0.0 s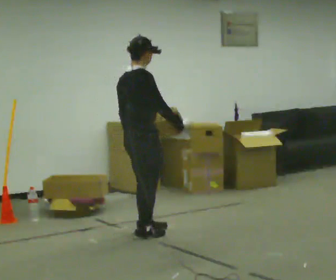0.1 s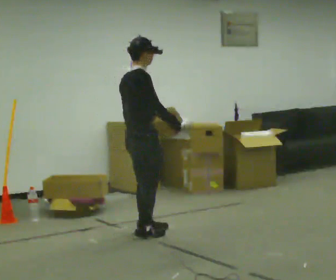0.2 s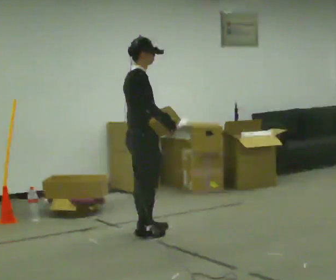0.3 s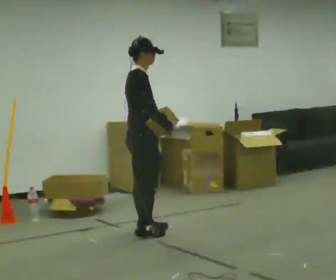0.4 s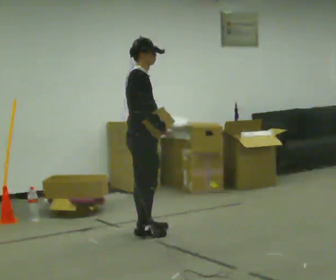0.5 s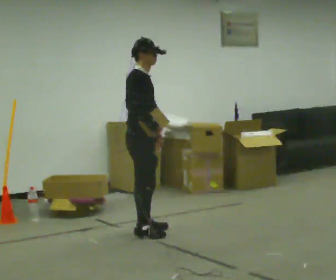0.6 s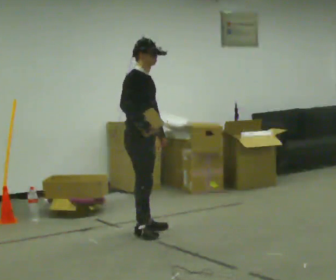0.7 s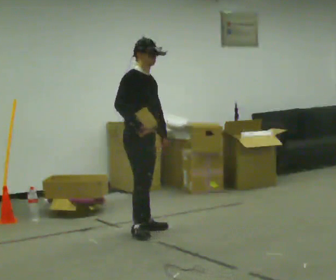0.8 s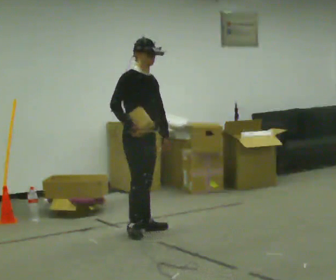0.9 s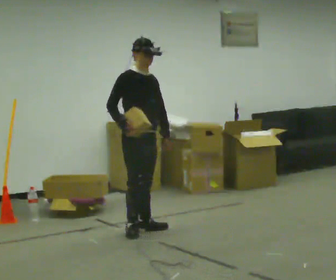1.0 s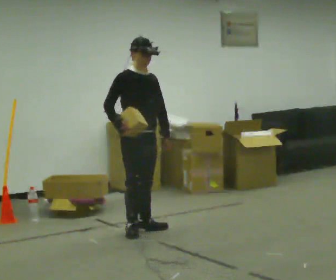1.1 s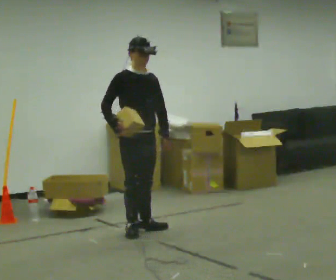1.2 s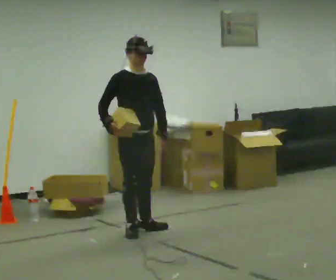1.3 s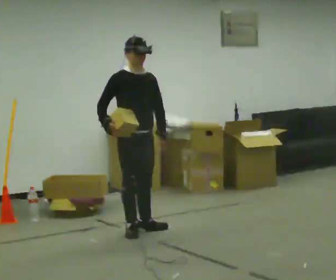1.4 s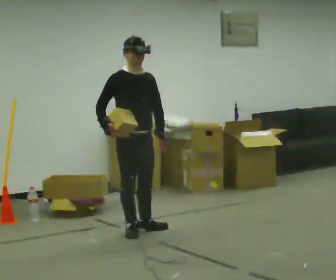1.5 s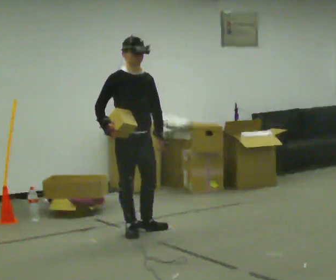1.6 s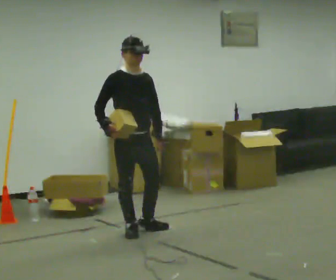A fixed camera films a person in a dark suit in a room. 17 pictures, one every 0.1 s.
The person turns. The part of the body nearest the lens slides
to the left.
Their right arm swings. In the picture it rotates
clockwise.
0.0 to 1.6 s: The person turns about 90 degrees to their right, clockwise seen from above, so the part of the body nearest the lens slides to the left. In the picture their right hand goes to the left, the arm swinging clockwise.
The film runs forward here.
